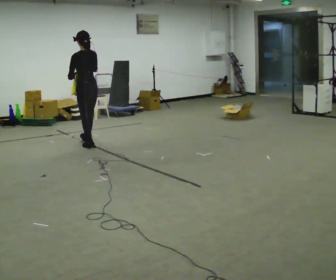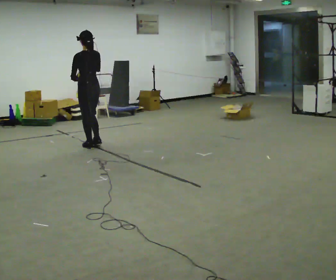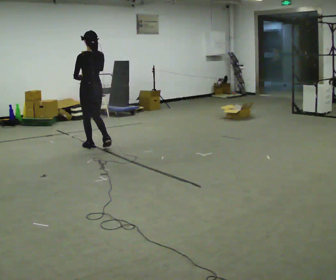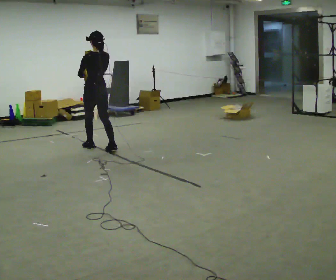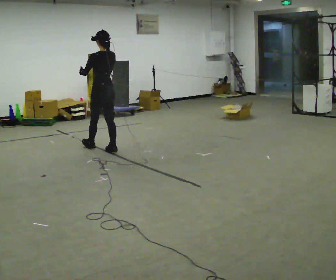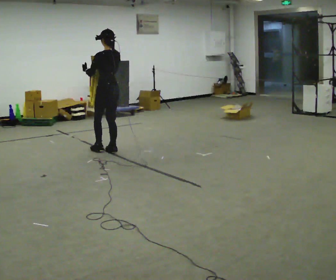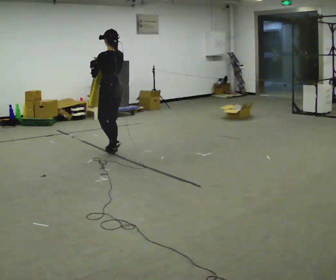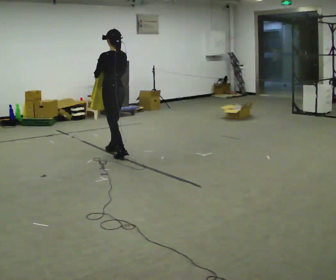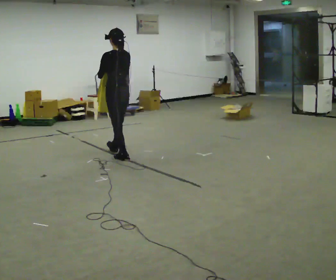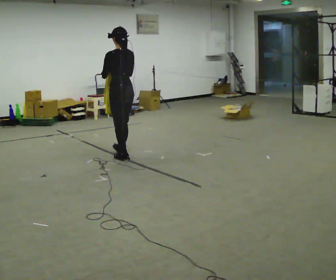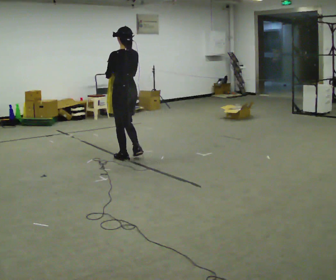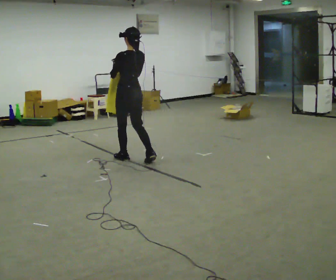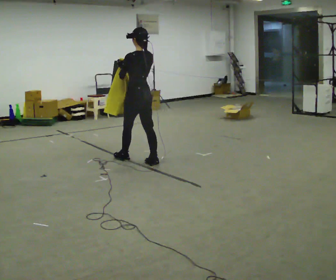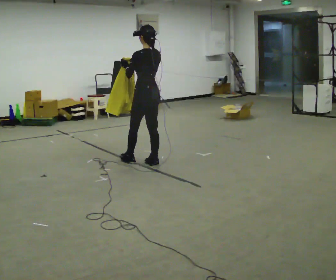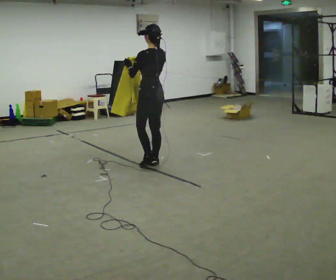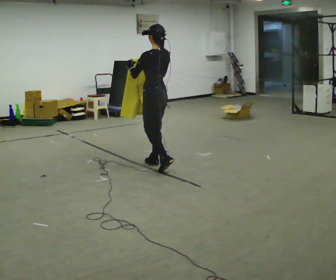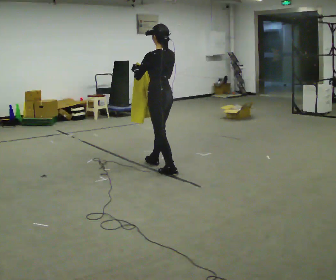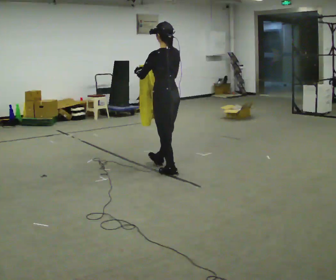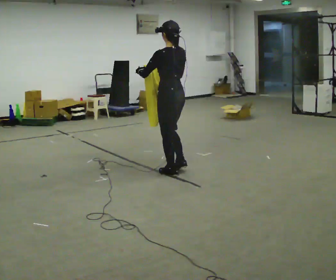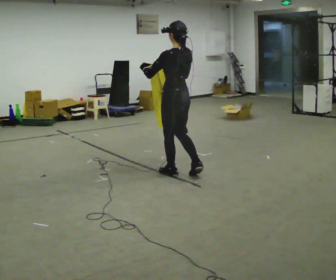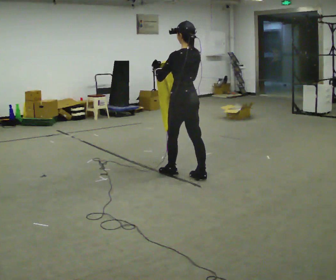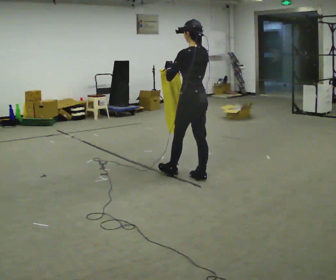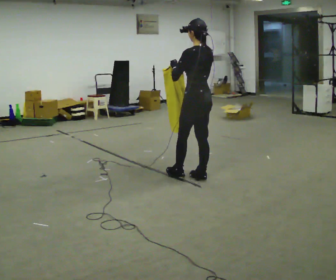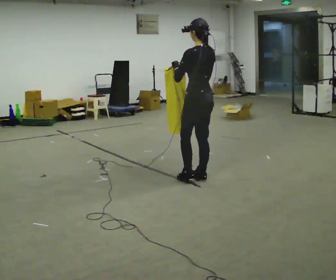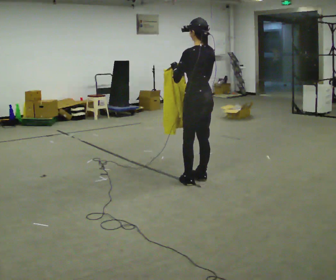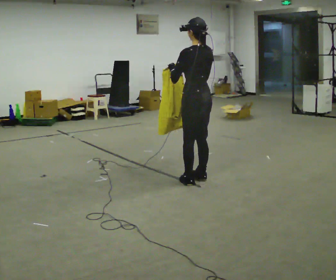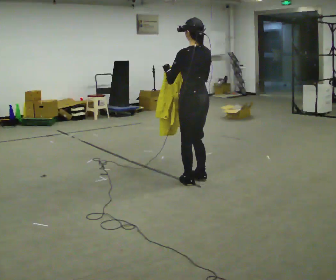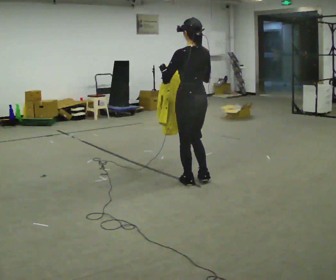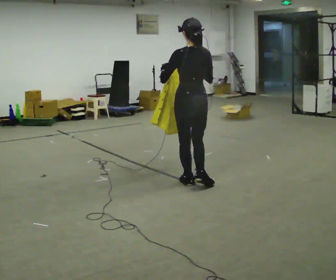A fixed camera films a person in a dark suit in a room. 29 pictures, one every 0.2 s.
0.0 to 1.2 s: In the picture they go to the right and toward the camera, about 0.5 m in 1 step, which for them is backward and to their right.
1.2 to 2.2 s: In the picture they go toward the camera and to the right, about 0.5 m in 1 step, which for them is backward.
2.2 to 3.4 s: In the picture they go to the right and toward the camera, about 0.75 m in 2 steps, which for them is backward.
3.4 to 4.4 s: In the picture they go to the right and toward the camera, about 0.5 m in 1 step, which for them is backward.
4.4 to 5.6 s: The person turns about 30 degrees to their right, clockwise seen from above, so the part of the body nearest the lens slides to the left. In the picture they go toward the camera, about 0.25 m in 1 step, which for them is to their left.
The film runs backward here.
